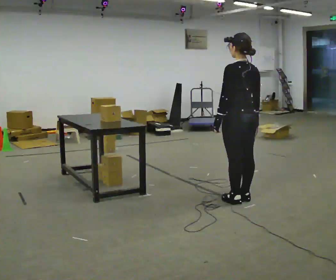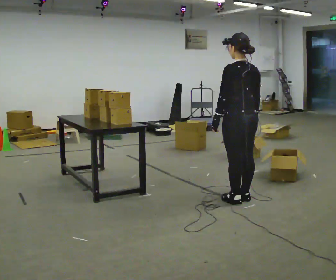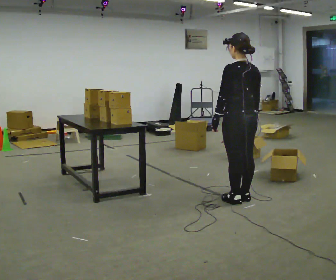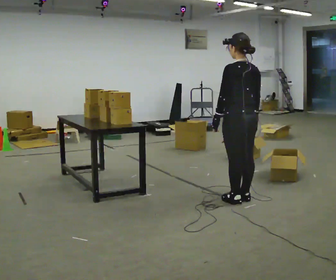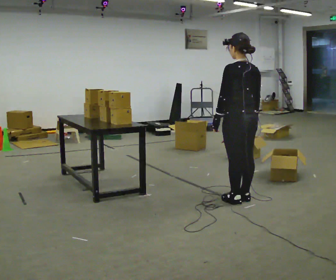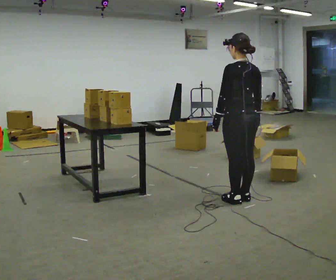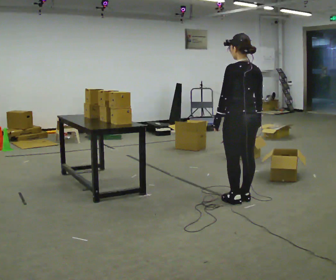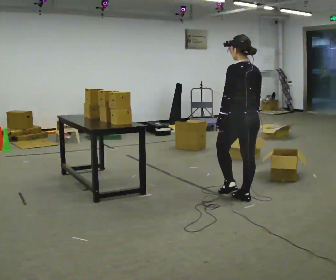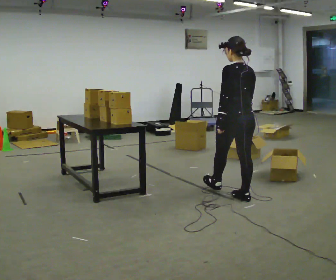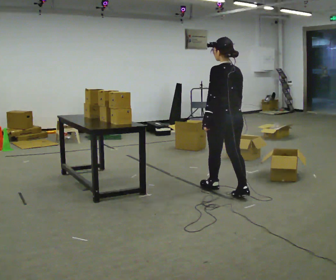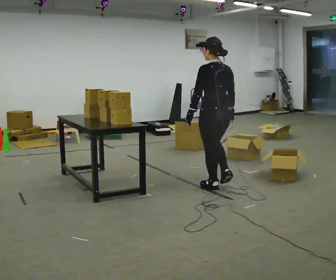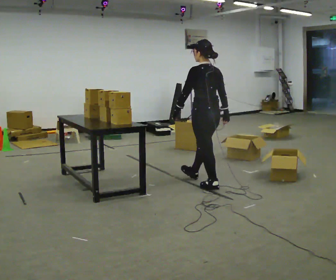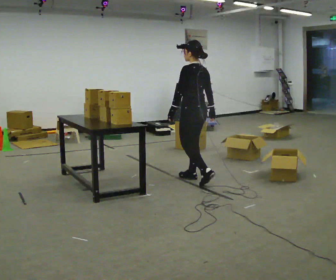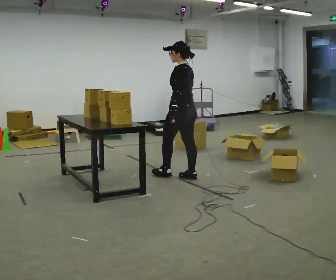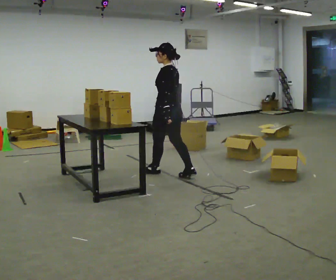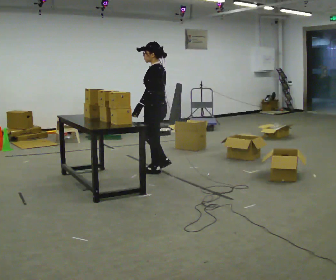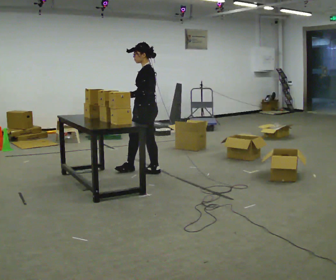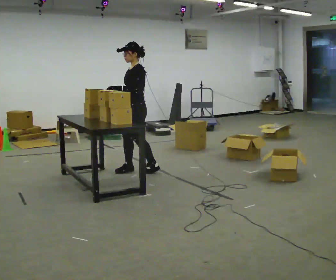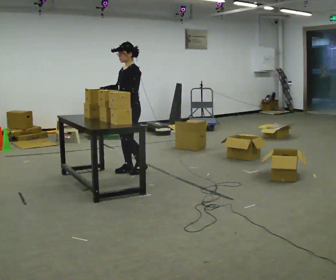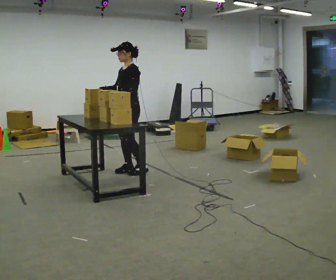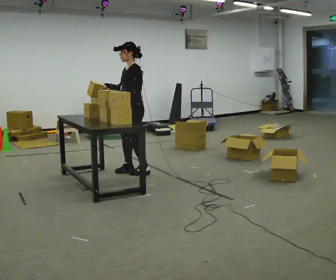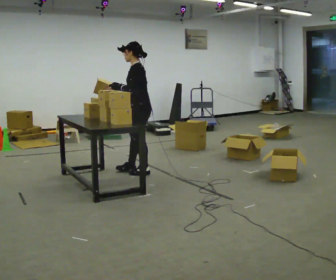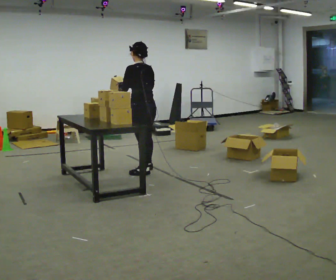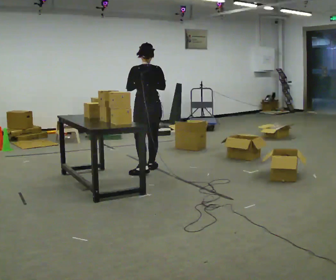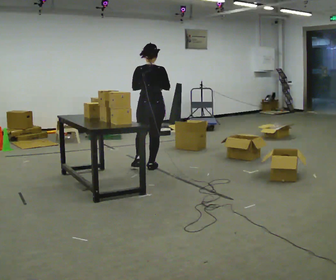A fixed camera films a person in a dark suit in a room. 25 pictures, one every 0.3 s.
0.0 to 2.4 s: The person moves a little, or ends about where they began.
2.4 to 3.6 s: In the picture they go away from the camera and to the left, about 0.5 m in 2 steps, which for them is forward.
3.6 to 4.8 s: The person turns about 45 degrees to their left, counterclockwise seen from above, so the part of the body nearest the lens slides to the right. In the picture they go to the left and away from the camera, about 0.75 m in 1 step, which for them is forward.
4.8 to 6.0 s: In the picture they go to the left, about 0.25 m in 2 steps, which for them is forward. In the picture their right hand goes to the left.
6.0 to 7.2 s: The person turns about 120 degrees to their right, clockwise seen from above, so the part of the body nearest the lens slides to the left. In the picture they go away from the camera and to the right, about 0.25 m in 1 step.
The film runs forward here.
